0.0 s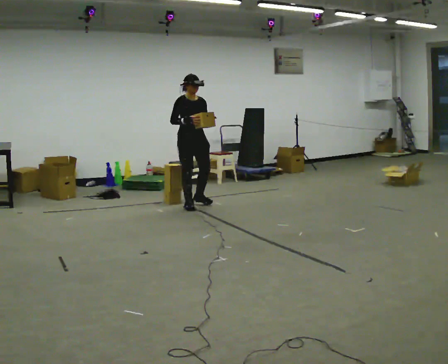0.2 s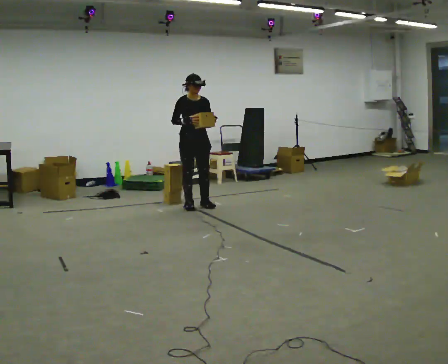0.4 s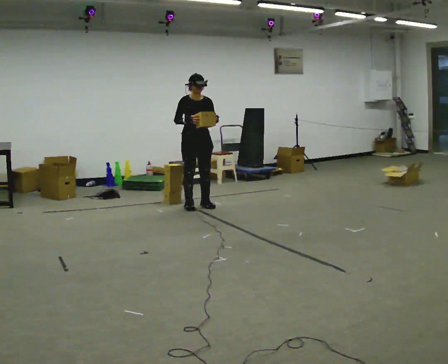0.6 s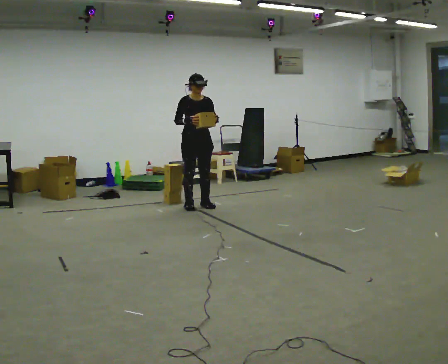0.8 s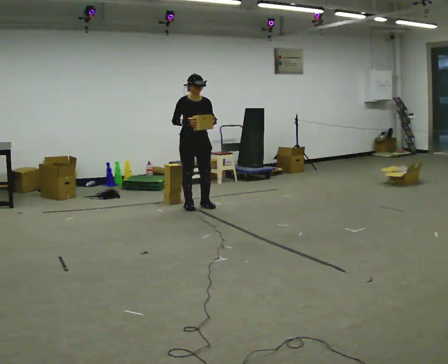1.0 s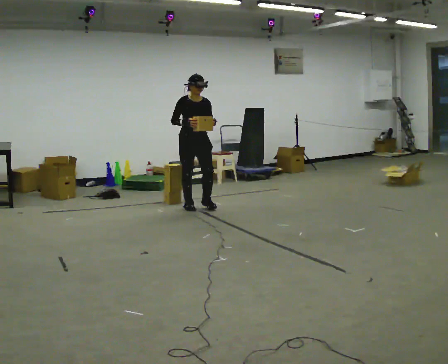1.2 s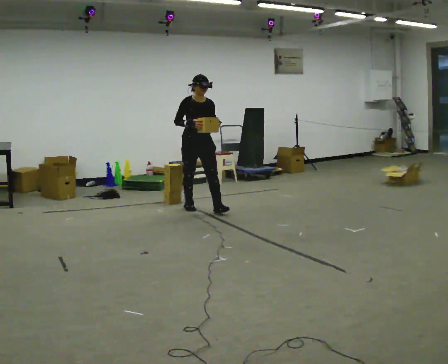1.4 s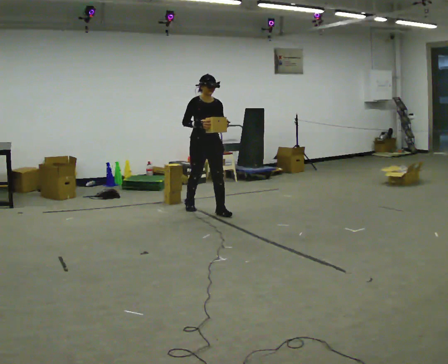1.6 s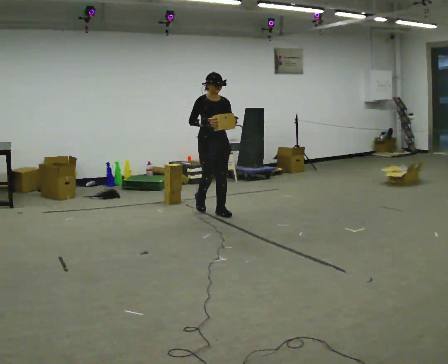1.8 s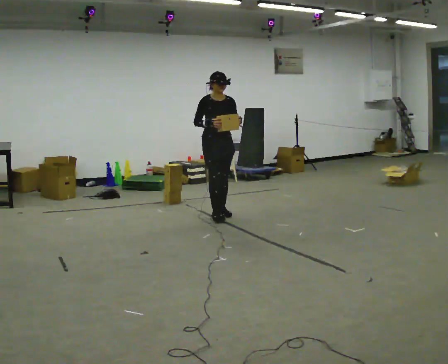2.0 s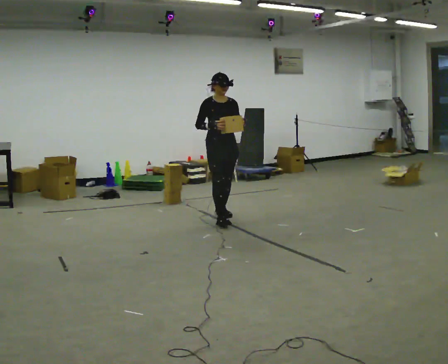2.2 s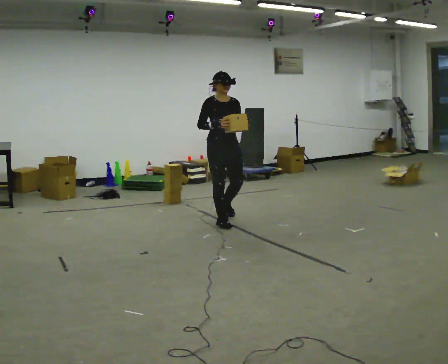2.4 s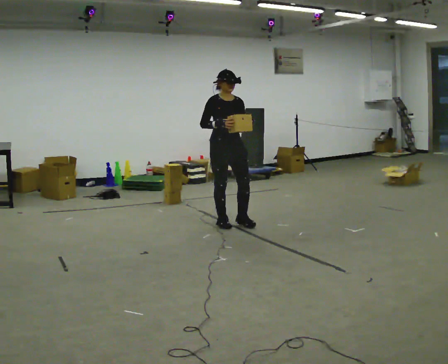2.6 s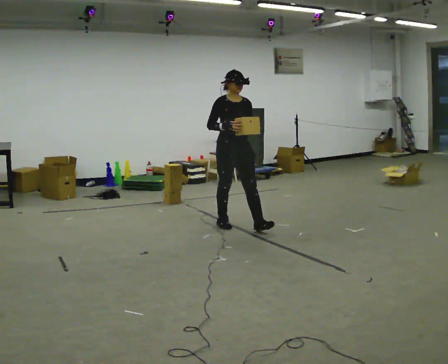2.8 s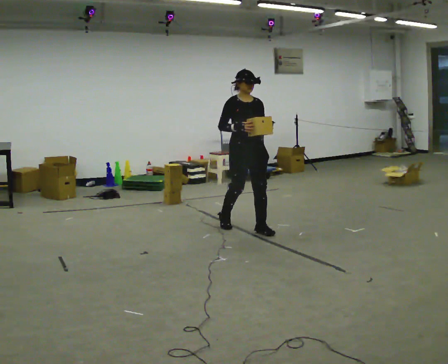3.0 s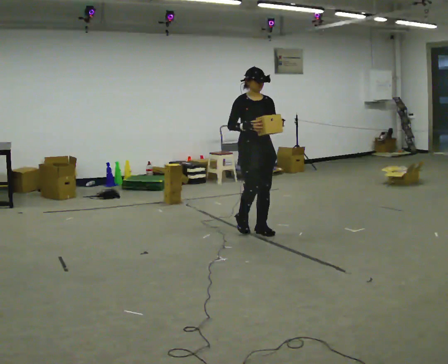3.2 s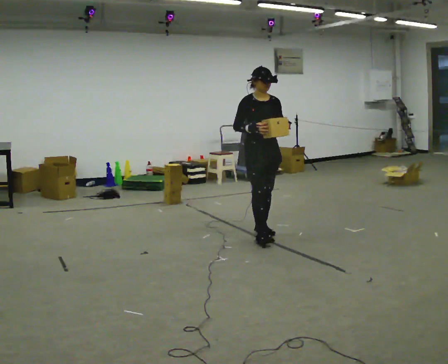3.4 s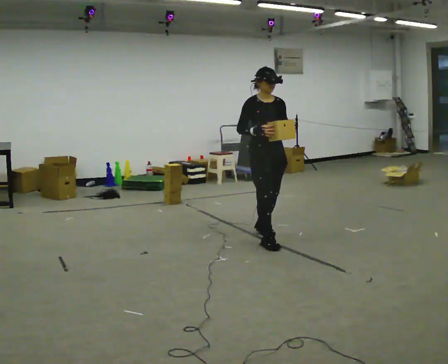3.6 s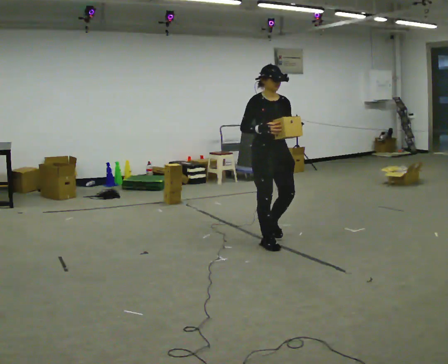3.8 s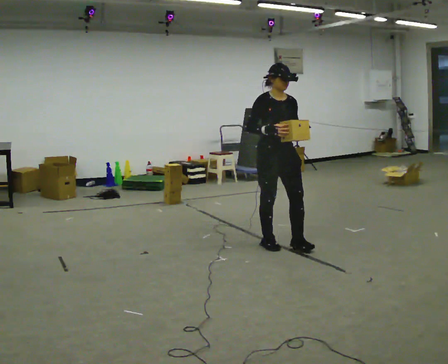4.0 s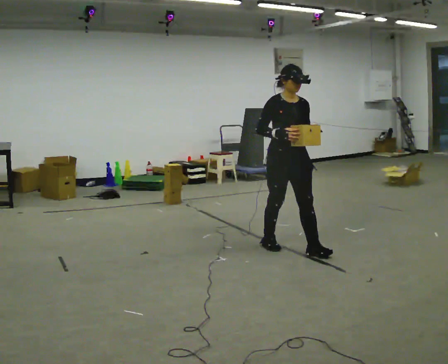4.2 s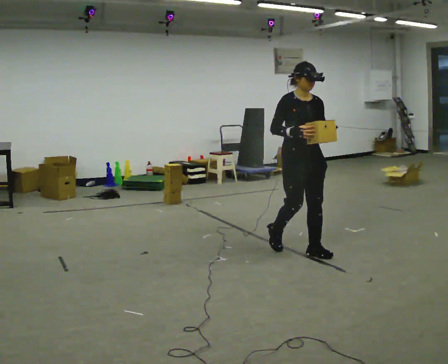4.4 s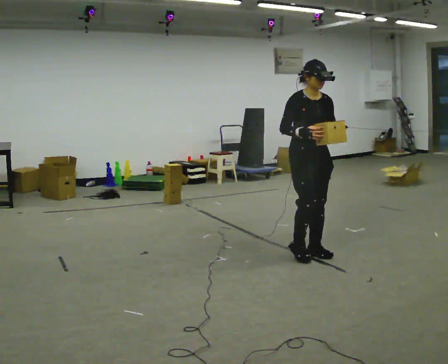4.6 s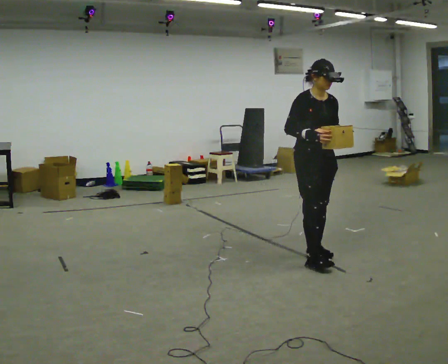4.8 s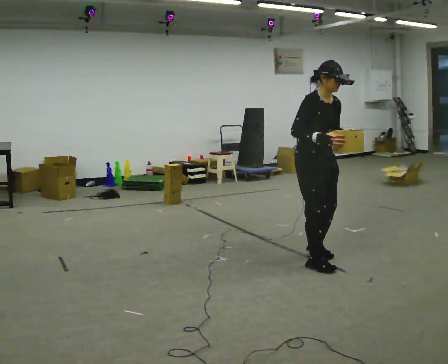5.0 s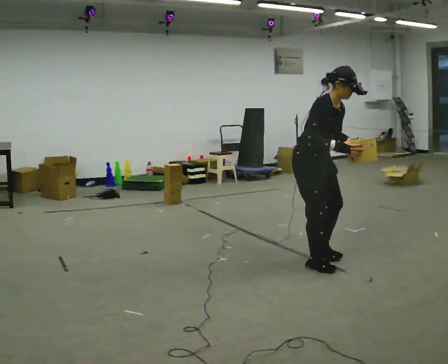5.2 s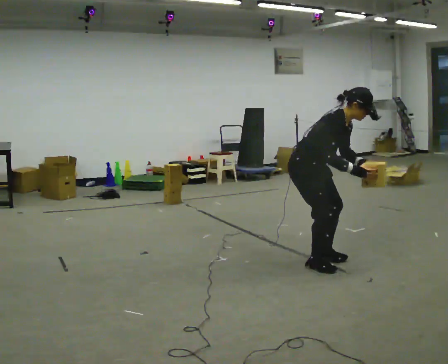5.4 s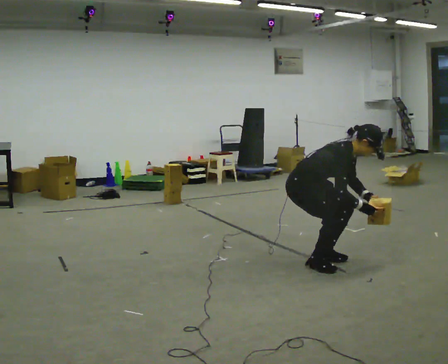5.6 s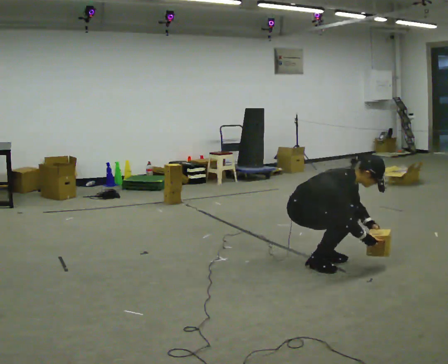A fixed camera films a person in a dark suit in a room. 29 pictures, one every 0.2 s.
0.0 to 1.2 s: In the picture they go toward the camera, about 0.25 m in 1 step, which for them is forward.
1.2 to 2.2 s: In the picture they go toward the camera and to the right, about 0.75 m in 2 steps, which for them is forward.
2.2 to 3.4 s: In the picture they go toward the camera and to the right, about 1 m in 2 steps, which for them is forward.
3.4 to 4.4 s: In the picture they go toward the camera and to the right, about 0.5 m in 1 step, which for them is forward.
4.4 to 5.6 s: The person turns about 30 degrees to their left, counterclockwise seen from above, so the part of the body nearest the lens slides to the right. In the picture they go toward the camera, about 0.25 m in 2 steps, which for them is to their right. The shoulders move downward. In the picture the upper body tilts clockwise, shoulders to the right, as they bend forward. In the picture their left hand goes downward.
The film runs forward here.
